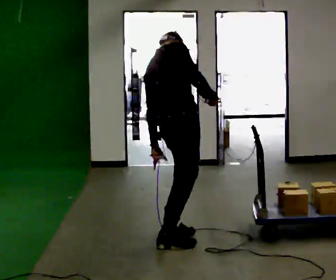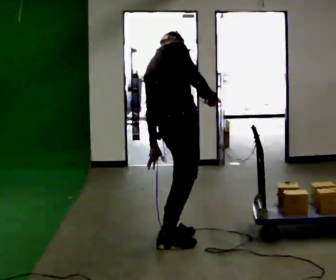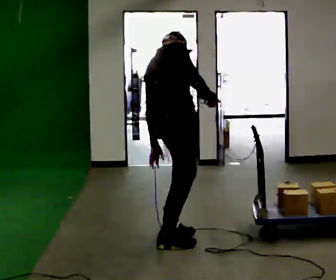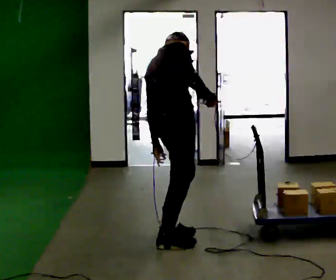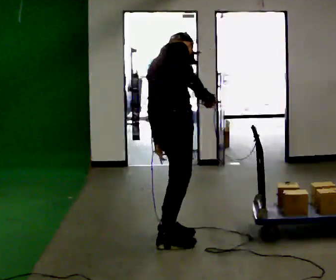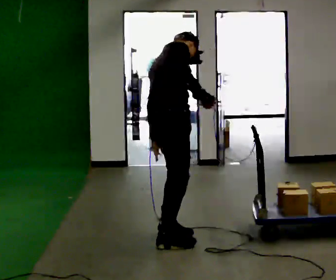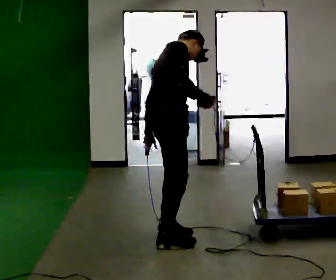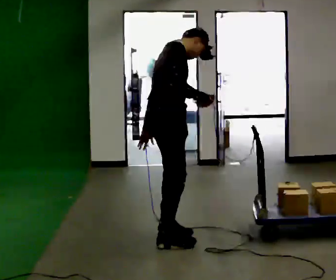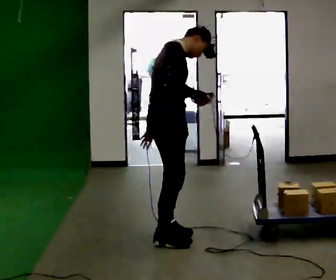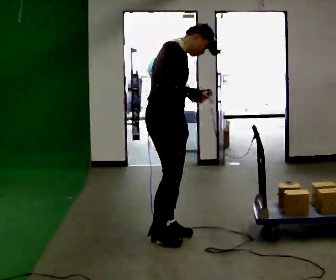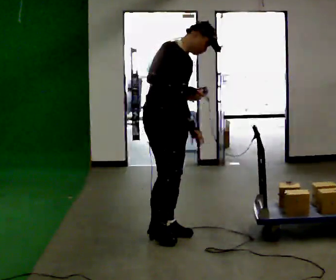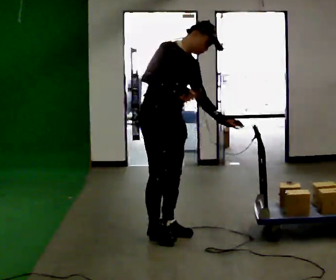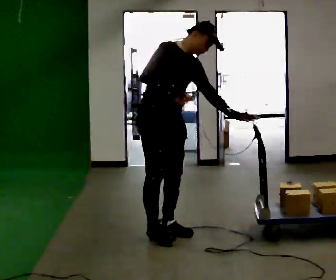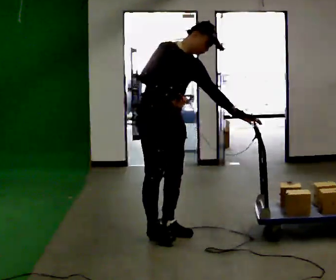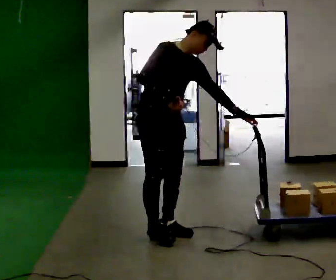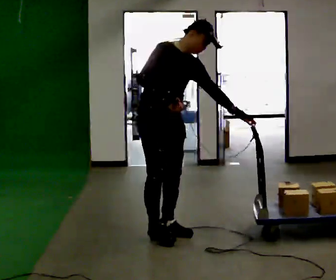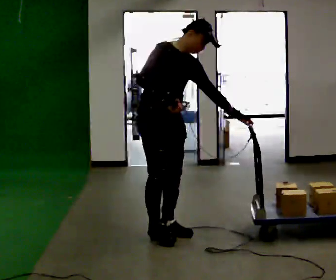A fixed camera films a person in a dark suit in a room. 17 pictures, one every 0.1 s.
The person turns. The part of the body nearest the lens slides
to the left.
The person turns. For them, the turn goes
to their right.
0.0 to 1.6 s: The person turns about 75 degrees to their right, clockwise seen from above, so the part of the body nearest the lens slides to the left. In the picture they go away from the camera, about 0.5 m in 2 steps. In the picture the upper body tilts clockwise, shoulders to the right, as they bend forward.
The film runs backward here.
